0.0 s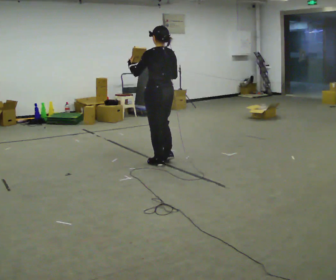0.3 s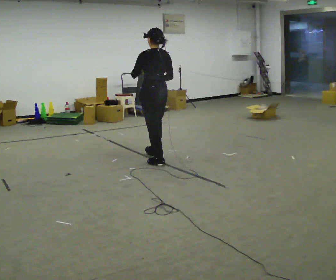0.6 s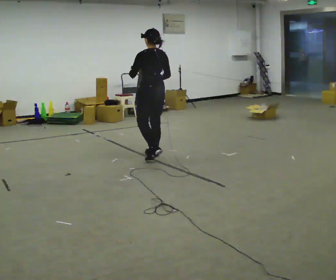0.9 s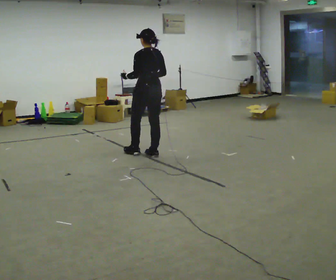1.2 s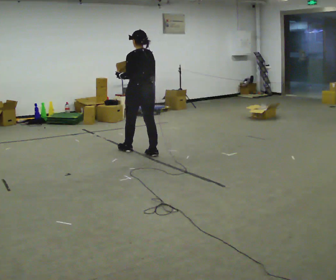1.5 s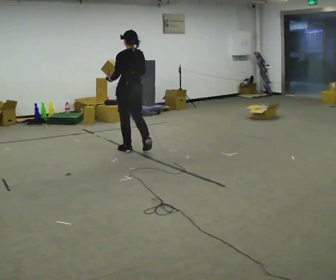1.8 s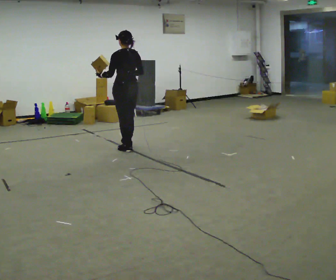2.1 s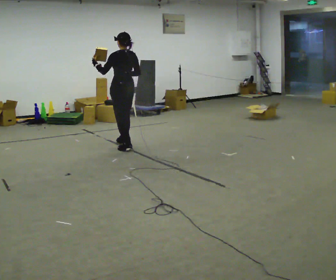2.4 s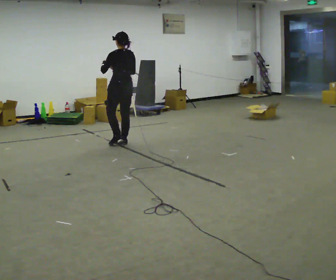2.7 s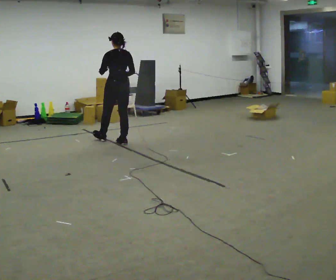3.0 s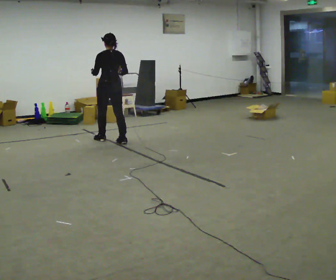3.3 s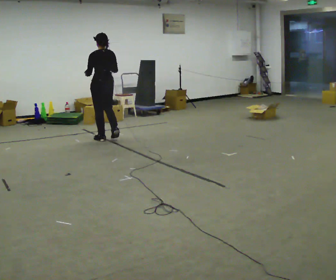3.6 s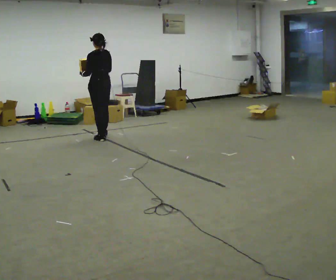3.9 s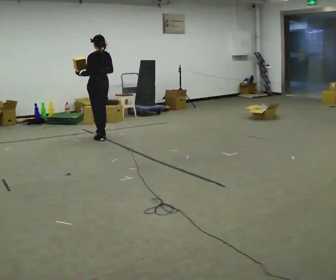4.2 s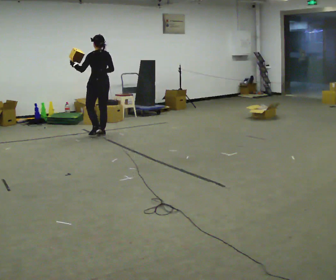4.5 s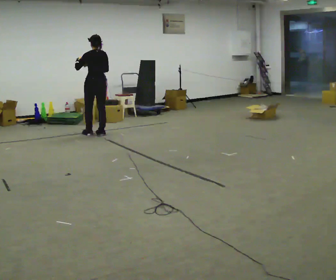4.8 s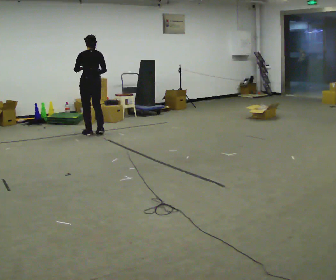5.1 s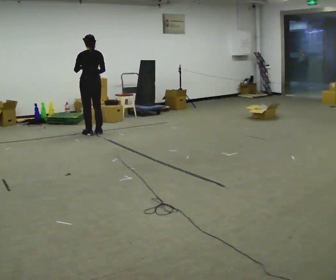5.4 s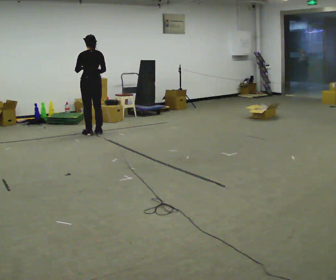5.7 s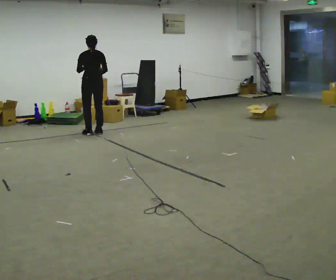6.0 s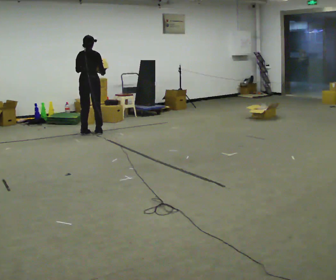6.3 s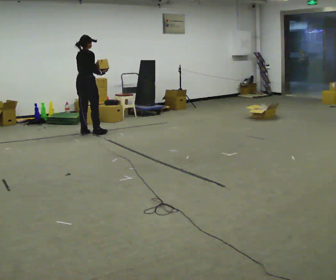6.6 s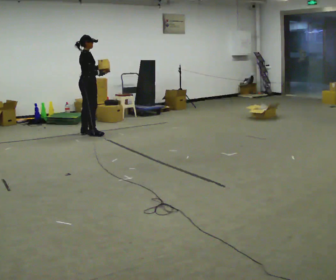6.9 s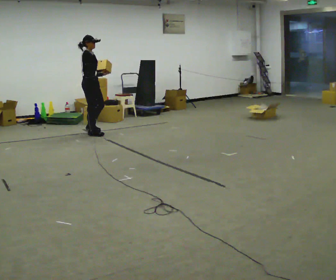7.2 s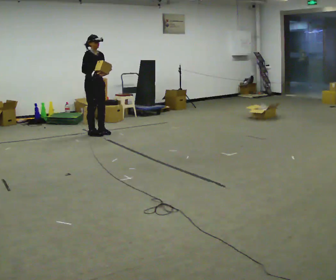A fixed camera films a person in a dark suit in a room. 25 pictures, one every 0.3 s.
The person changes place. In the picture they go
away from the camera.
0.0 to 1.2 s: In the picture they go away from the camera and to the left, about 0.5 m in 2 steps, which for them is forward.
1.2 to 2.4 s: In the picture they go away from the camera and to the left, about 0.5 m in 1 step, which for them is forward.
2.4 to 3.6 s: In the picture they go away from the camera and to the left, about 0.5 m in 1 step, which for them is forward and to their left.
3.6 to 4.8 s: In the picture they go away from the camera and to the left, about 0.5 m in 2 steps, which for them is forward.
4.8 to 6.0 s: Seen from above the body turns clockwise, about 45 degrees: to their right, with its near side sliding to the left.
6.0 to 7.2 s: Seen from above the body turns clockwise, about 105 degrees: to their right, with its near side sliding to the left. In the picture their left hand goes to the right.
The film runs forward here.
